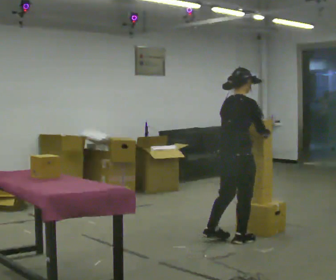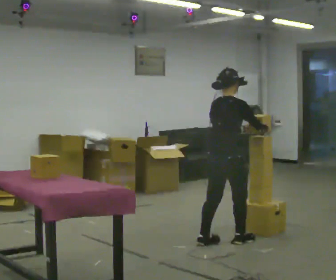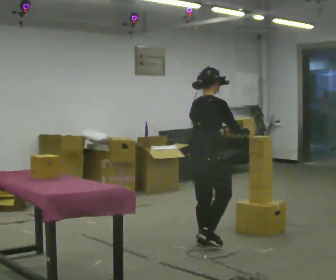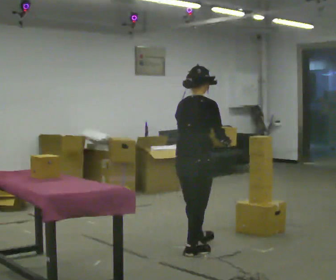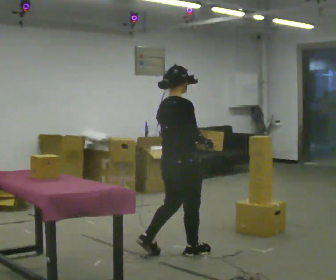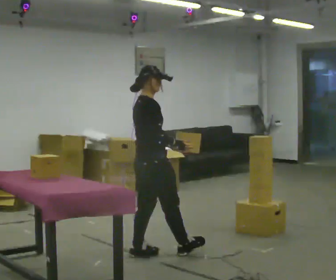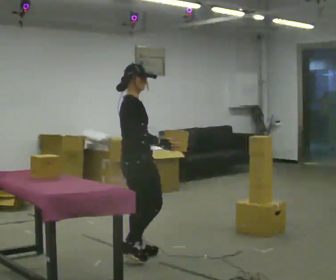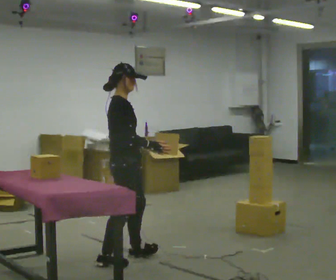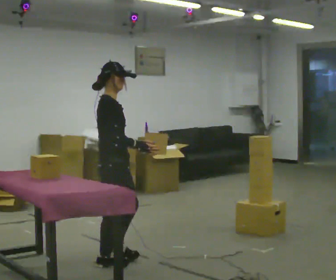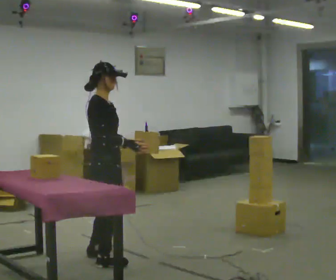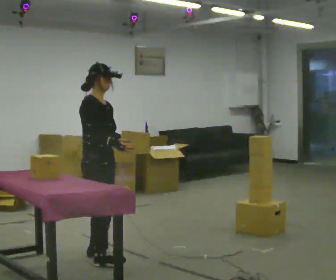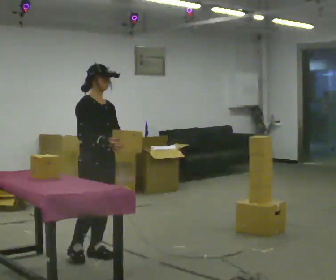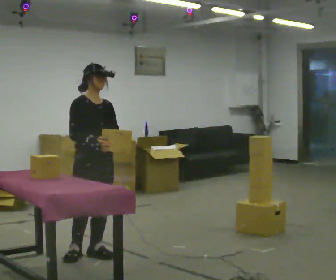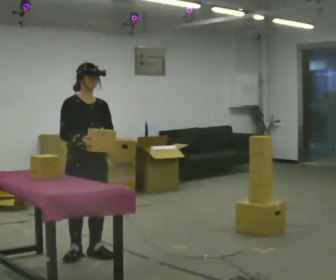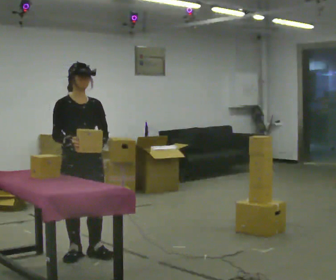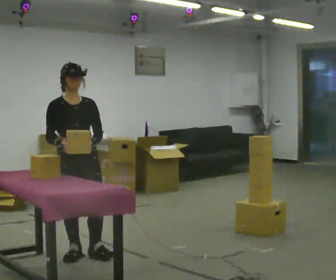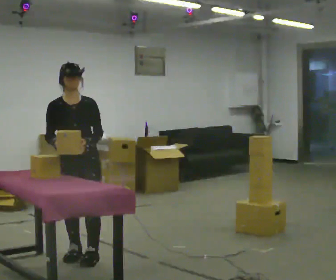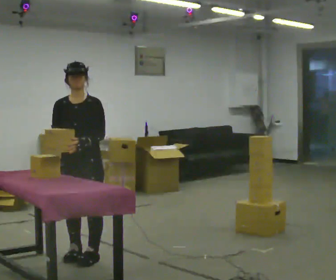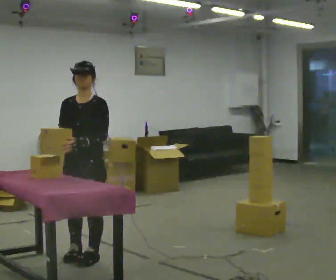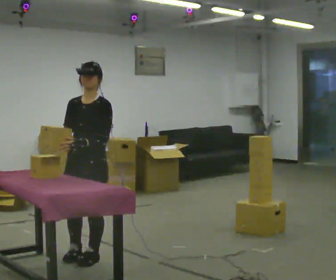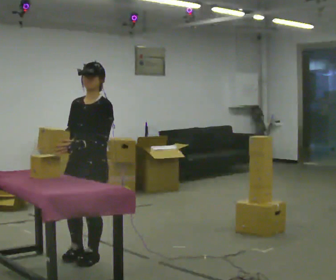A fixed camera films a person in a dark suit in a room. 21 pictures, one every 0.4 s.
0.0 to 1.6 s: In the picture they go to the left and toward the camera, about 0.75 m in 2 steps, which for them is backward.
1.6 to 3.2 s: The part of the body nearest the lens slides to the left as the person turns to their right by about 30 degrees. In the picture they go to the left, about 0.5 m in 2 steps, which for them is backward.
3.2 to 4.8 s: Seen from above the body turns clockwise, about 45 degrees: to their right, with its near side sliding to the left. In the picture they go away from the camera, about 0.25 m in 1 step, which for them is backward and to their left.
4.8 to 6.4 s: Seen from above the body turns clockwise, about 30 degrees: to their right, with its near side sliding to the left.
6.4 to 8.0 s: Seen from above the body turns clockwise, about 45 degrees: to their right, with its near side sliding to the left.
The film runs backward here.
